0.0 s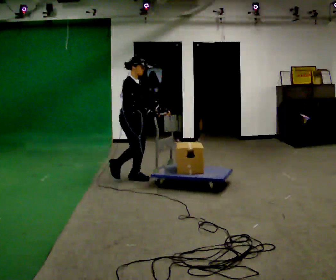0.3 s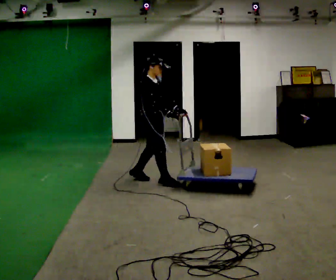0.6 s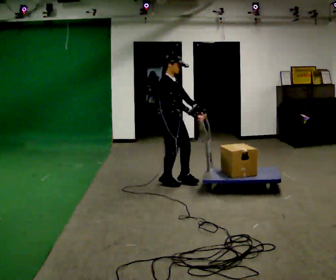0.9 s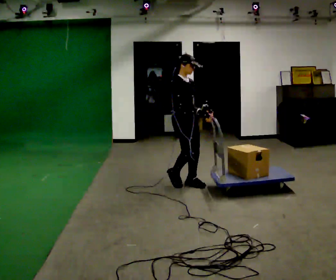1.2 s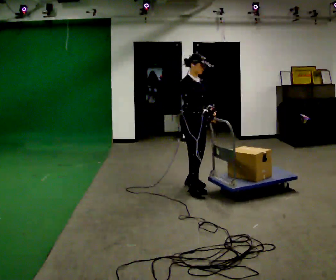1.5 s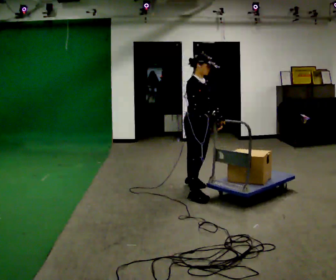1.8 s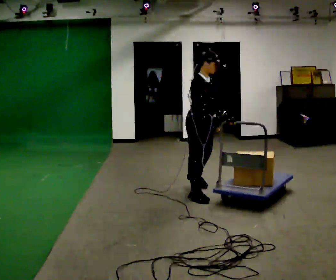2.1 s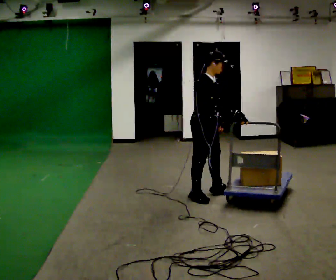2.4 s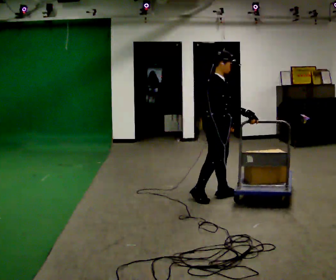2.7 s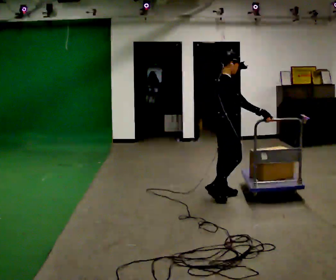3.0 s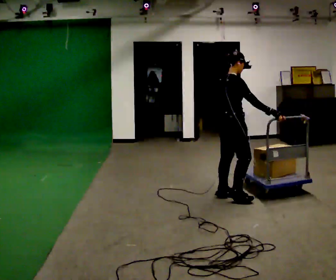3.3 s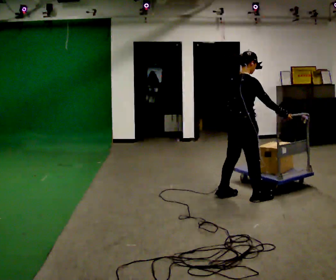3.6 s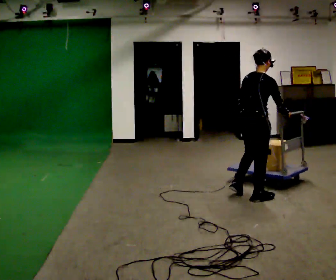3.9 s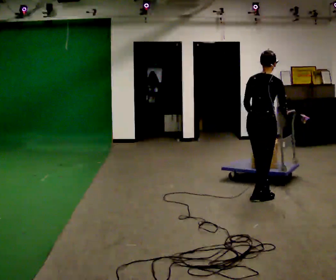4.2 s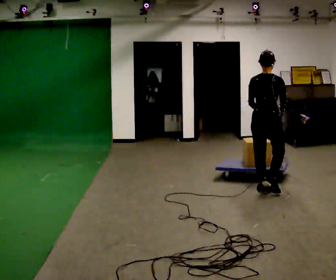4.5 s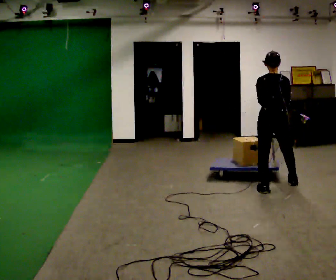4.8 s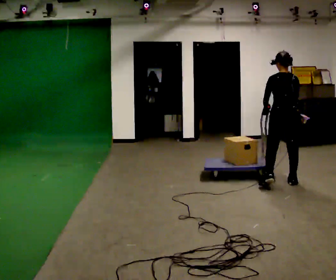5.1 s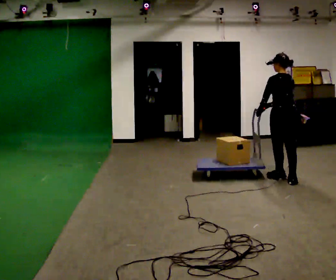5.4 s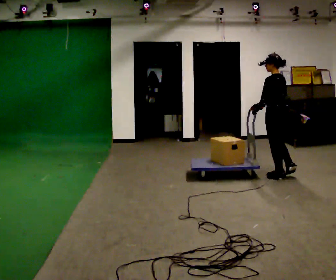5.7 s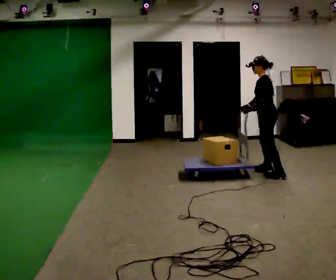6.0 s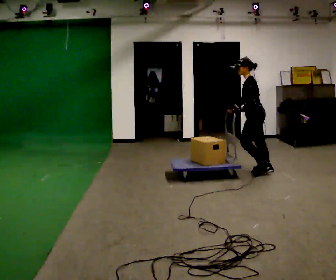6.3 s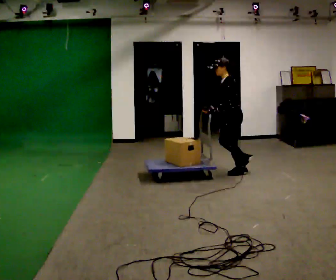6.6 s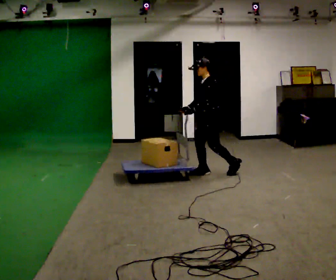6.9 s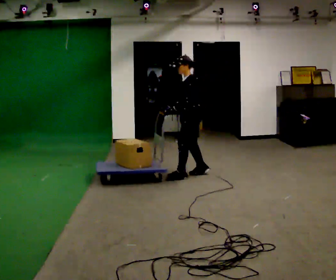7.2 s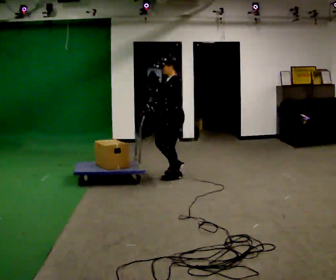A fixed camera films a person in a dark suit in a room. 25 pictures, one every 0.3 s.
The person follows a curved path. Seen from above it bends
counterclockwise.
The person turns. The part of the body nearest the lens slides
to the right.
0.0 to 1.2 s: In the picture they go to the right, about 1 m in 2 steps, which for them is forward.
1.2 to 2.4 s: In the picture they go to the right and toward the camera, about 0.5 m in 2 steps, which for them is forward and to their right.
2.4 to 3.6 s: The part of the body nearest the lens slides to the right as the person turns to their left by about 60 degrees. In the picture they go to the right, about 0.5 m in 1 step, which for them is forward and to their right.
3.6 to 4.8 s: The person turns about 45 degrees to their left, counterclockwise seen from above, so the part of the body nearest the lens slides to the right. In the picture they go away from the camera and to the right, about 0.5 m in 2 steps, which for them is forward and to their right.
4.8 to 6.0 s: Seen from above the body turns counterclockwise, about 75 degrees: to their left, with its near side sliding to the right. In the picture they go away from the camera and to the left, about 0.75 m in 2 steps.
6.0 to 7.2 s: In the picture they go to the left, about 1 m in 3 steps, which for them is forward.
The film runs forward here.
